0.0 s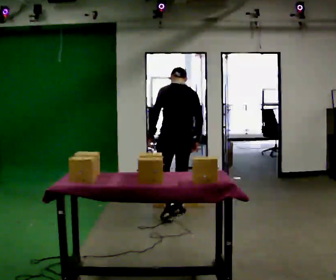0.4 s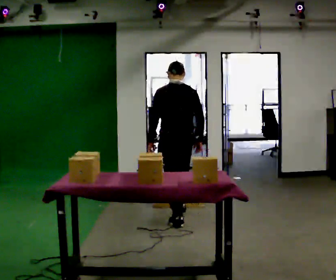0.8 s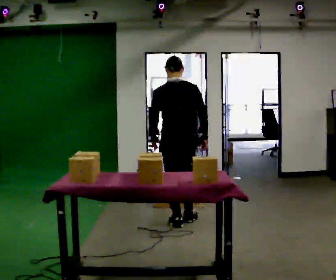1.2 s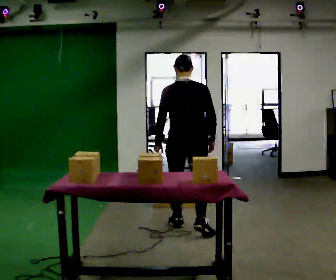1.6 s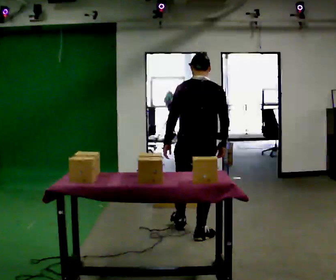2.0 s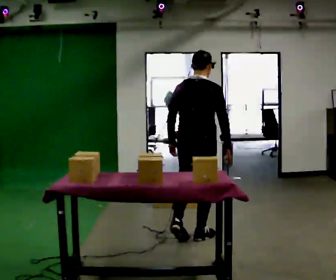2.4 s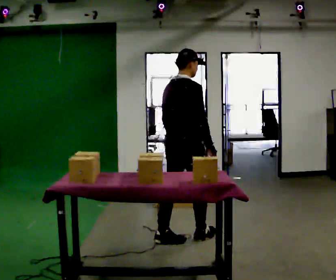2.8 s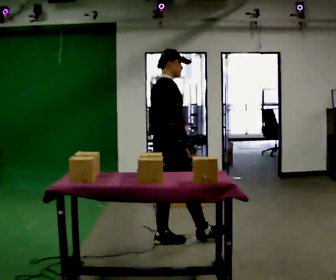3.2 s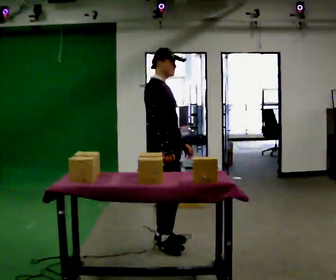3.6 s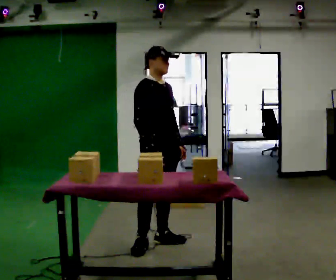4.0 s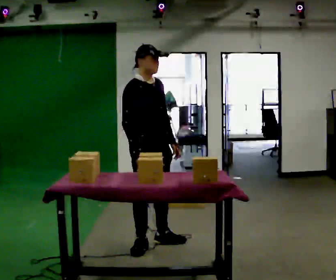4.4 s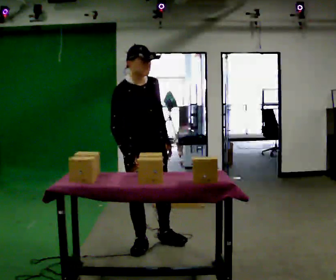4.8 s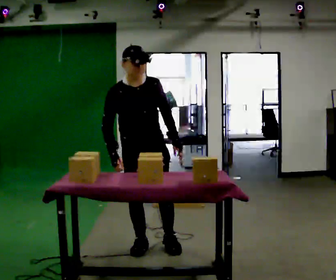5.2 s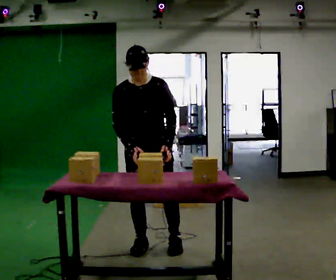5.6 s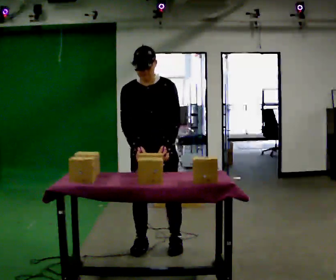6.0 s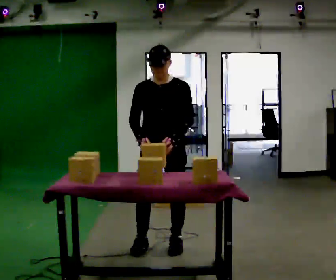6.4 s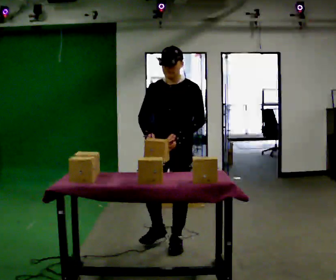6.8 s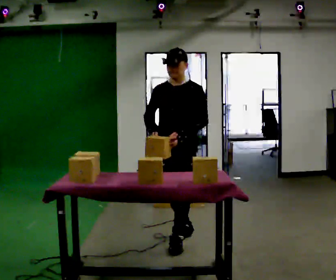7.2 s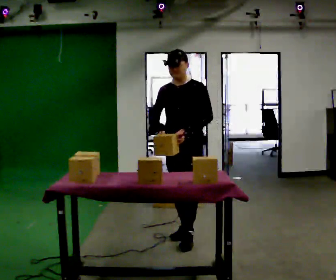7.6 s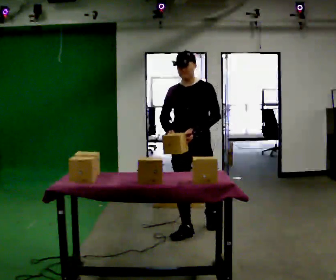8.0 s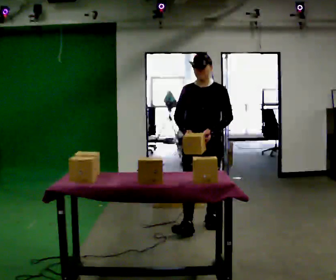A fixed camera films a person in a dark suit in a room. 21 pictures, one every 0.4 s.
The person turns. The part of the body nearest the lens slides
to the left.
The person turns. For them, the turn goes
to their right.
0.0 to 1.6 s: In the picture they go toward the camera, about 1 m in 2 steps, which for them is backward.
1.6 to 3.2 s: The person turns about 90 degrees to their right, clockwise seen from above, so the part of the body nearest the lens slides to the left. In the picture they go to the left and toward the camera, about 0.5 m in 1 step.
3.2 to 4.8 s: The part of the body nearest the lens slides to the left as the person turns to their right by about 60 degrees. In the picture they go to the left and toward the camera, about 0.25 m. The upper body tips toward the camera, its near side rolling downward, as they bend forward. In the picture their right hand goes to the left.
4.8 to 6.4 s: Seen from above the body turns clockwise, about 45 degrees: to their right, with its near side sliding to the left. In the picture they go to the right, about 0.25 m in 1 step, which for them is to their left.
6.4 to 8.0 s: In the picture they go away from the camera and to the right, about 0.75 m in 1 step, which for them is backward.
The film runs backward here.
